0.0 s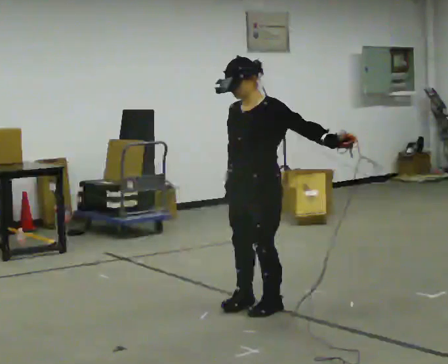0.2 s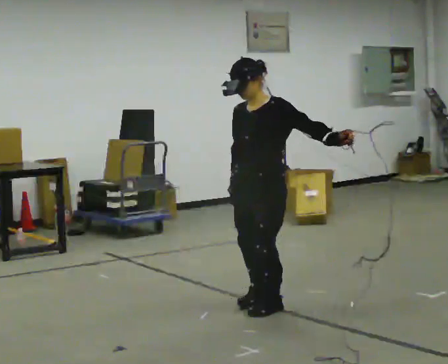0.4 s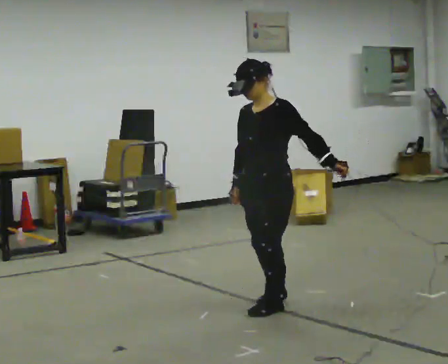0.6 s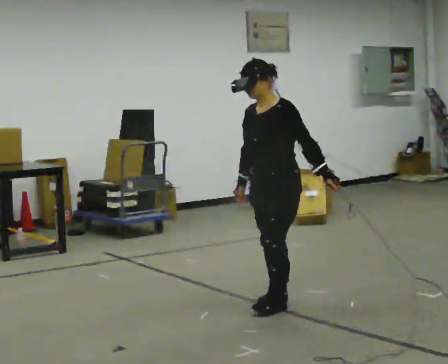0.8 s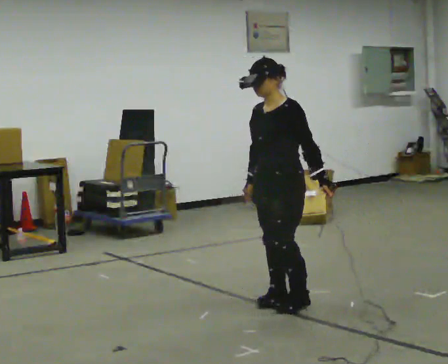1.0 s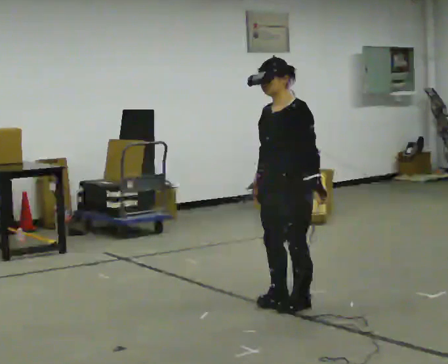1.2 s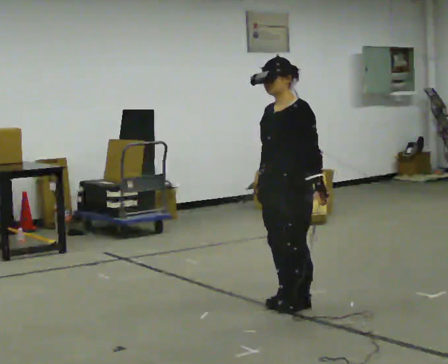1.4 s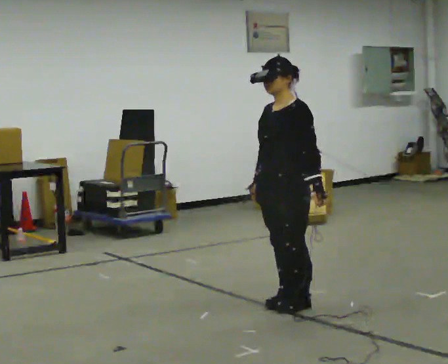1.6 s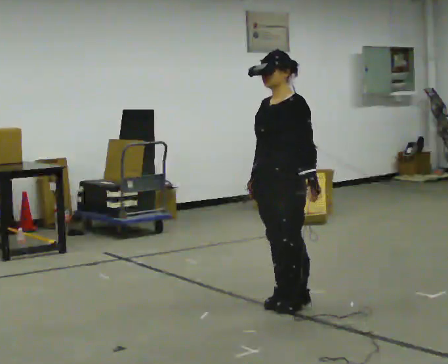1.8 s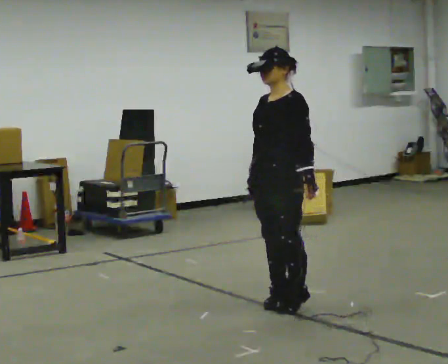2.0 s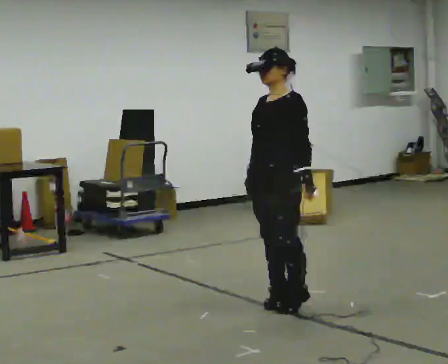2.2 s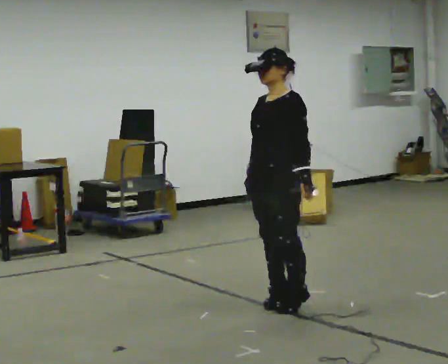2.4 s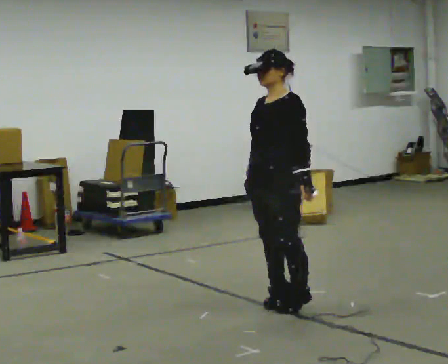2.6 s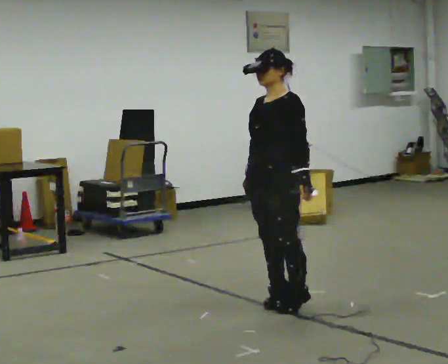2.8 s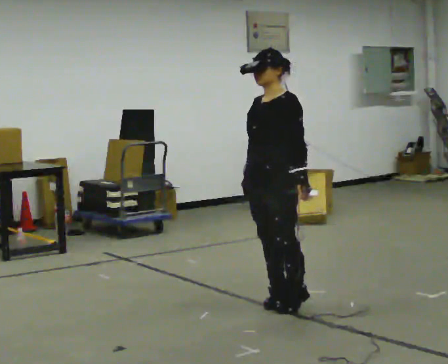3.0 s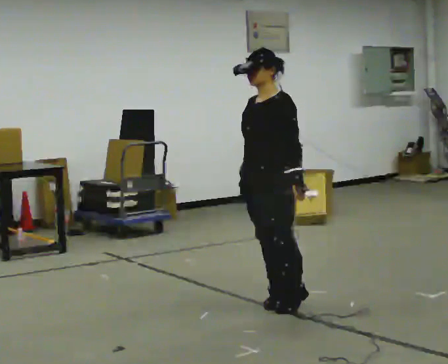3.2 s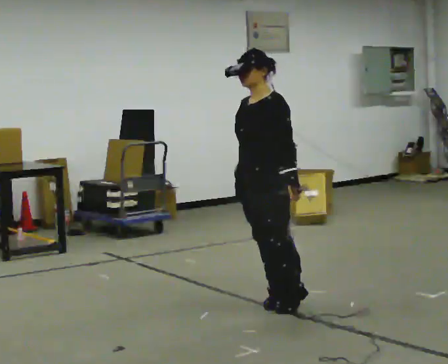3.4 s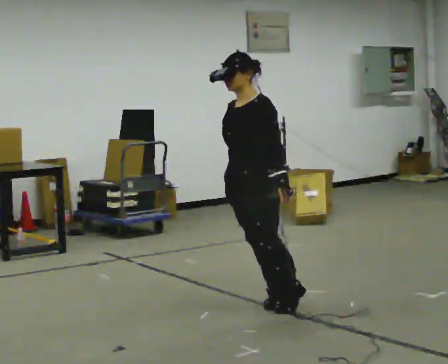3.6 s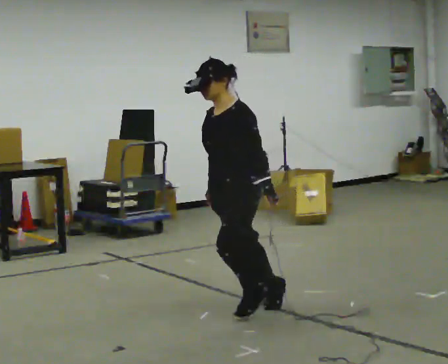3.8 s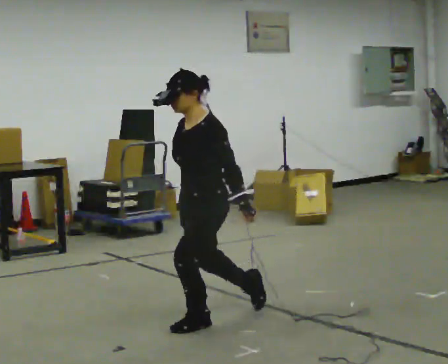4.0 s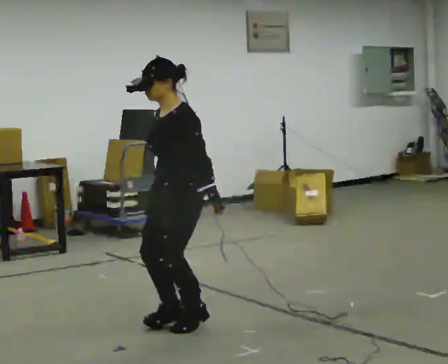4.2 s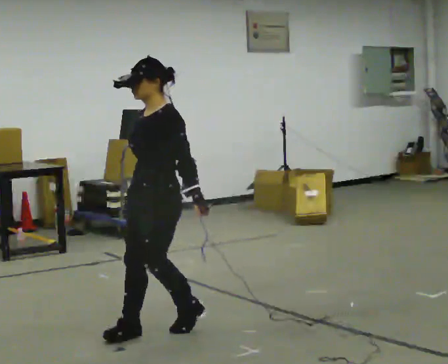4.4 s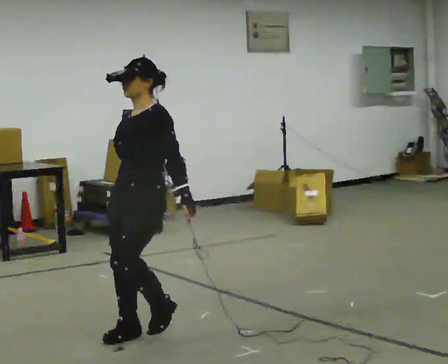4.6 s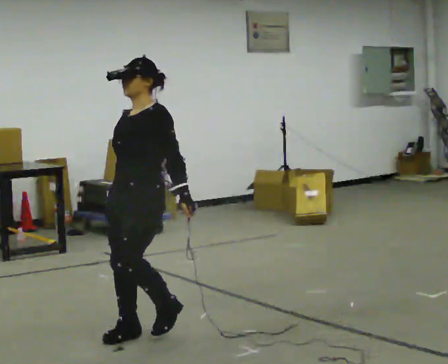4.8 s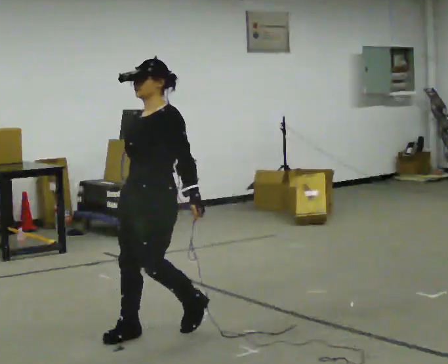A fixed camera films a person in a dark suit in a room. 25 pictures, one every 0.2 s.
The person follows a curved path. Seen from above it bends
clockwise.
0.0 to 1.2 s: In the picture they go to the right, about 0.25 m in 2 steps, which for them is backward.
1.2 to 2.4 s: The person moves a little, or ends about where they began.
2.4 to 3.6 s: In the picture they go to the left and toward the camera, about 0.25 m, which for them is forward.
3.6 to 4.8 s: In the picture they go to the left and toward the camera, about 0.5 m in 3 steps, which for them is forward.
The film runs forward here.
